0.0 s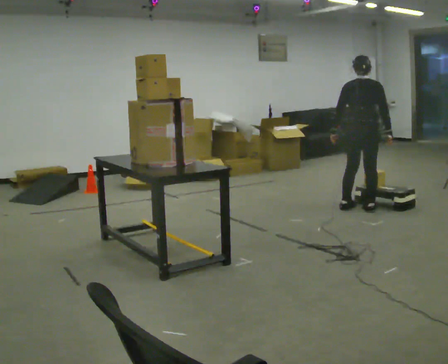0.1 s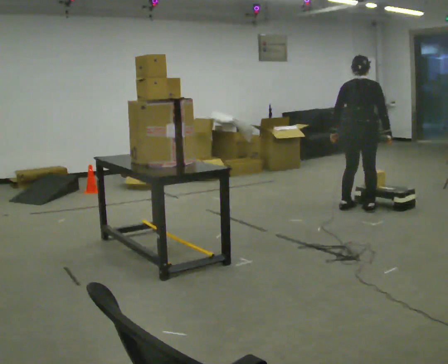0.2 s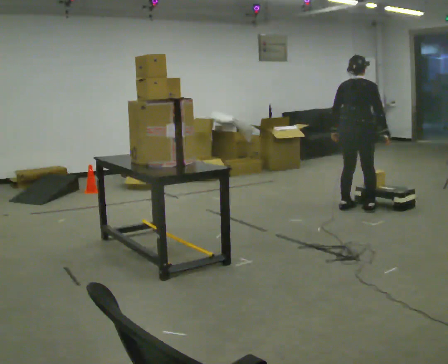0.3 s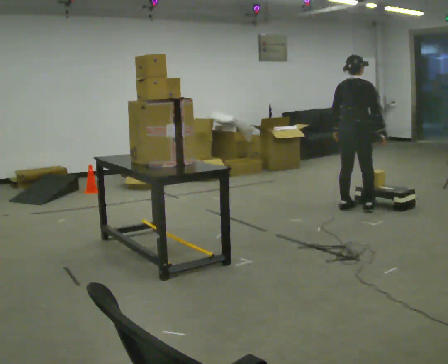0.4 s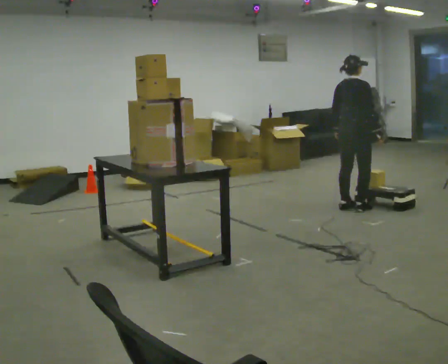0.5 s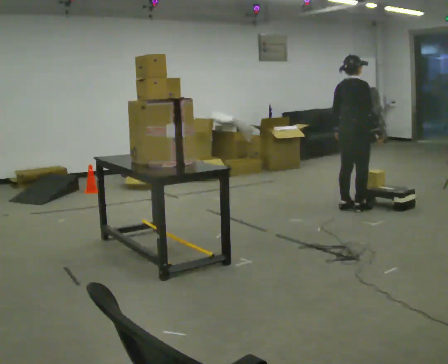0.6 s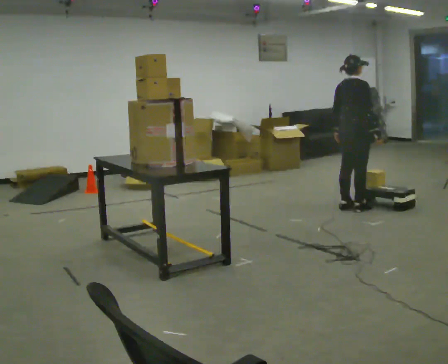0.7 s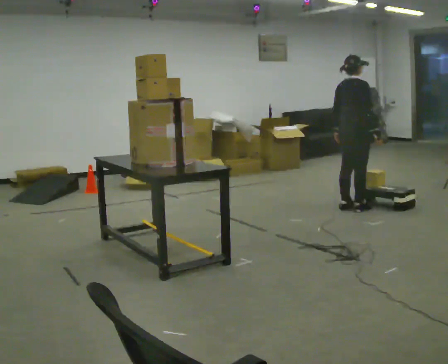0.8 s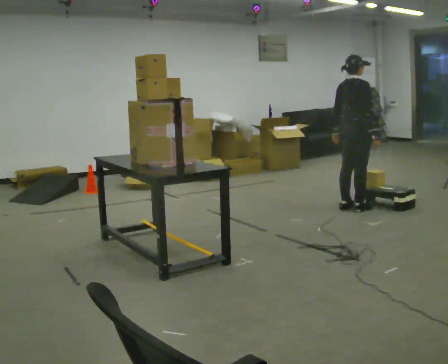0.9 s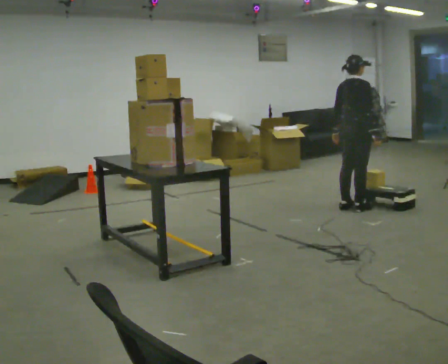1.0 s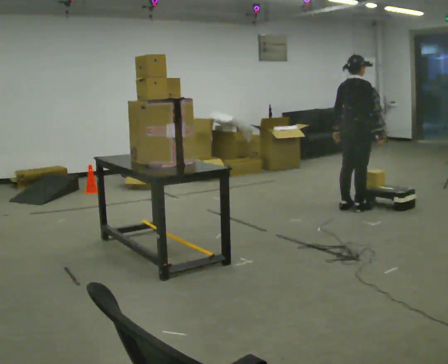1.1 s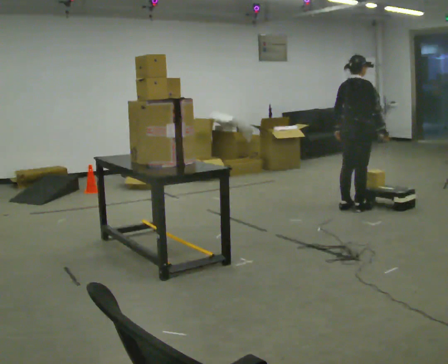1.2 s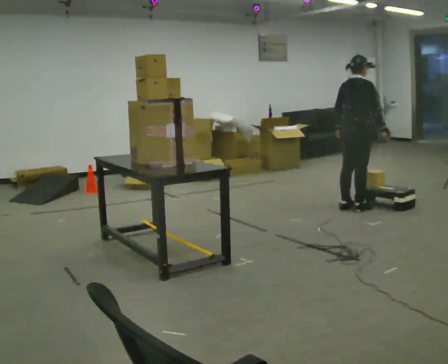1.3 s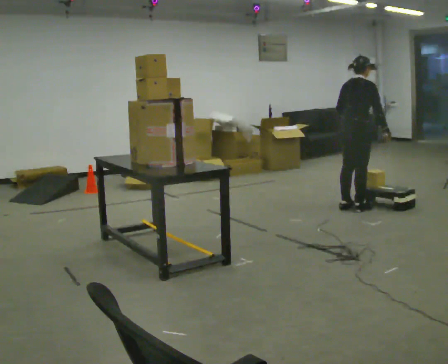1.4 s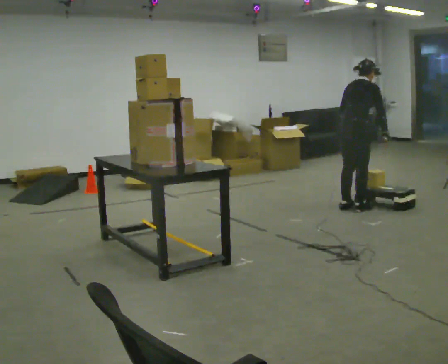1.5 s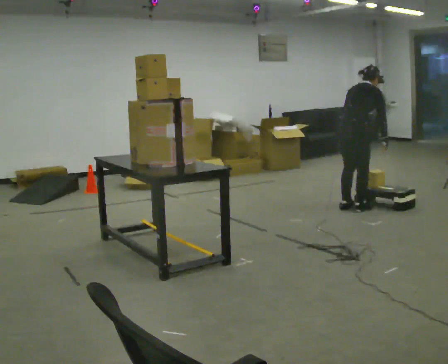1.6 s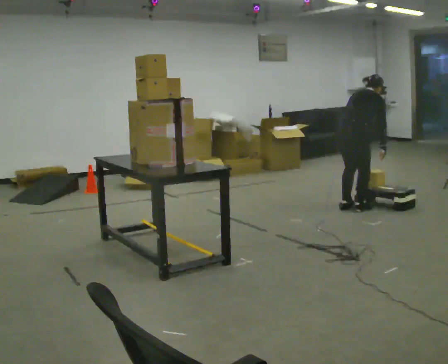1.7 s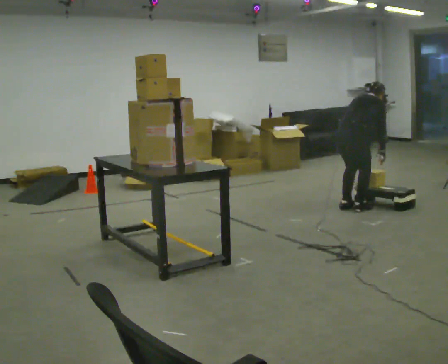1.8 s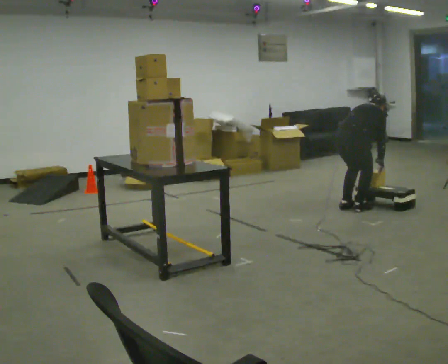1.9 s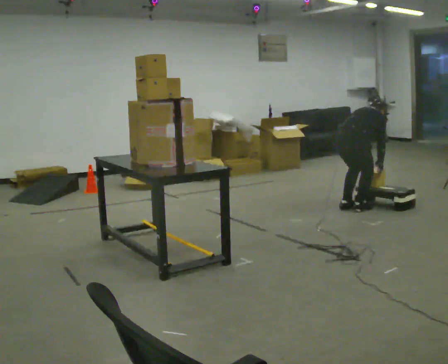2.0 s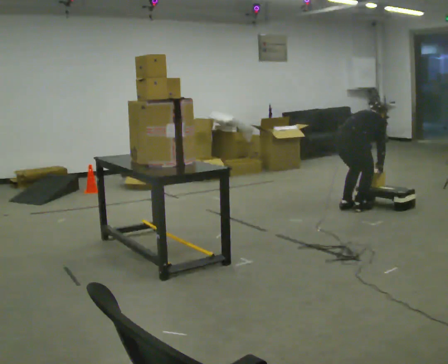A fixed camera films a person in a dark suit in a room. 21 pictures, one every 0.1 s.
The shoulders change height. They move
downward.
The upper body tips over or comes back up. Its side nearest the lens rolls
upward.
0.0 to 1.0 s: The part of the body nearest the lens slides to the left as the person turns to their right by about 45 degrees.
1.0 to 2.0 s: The upper body goes downward. The upper body tips away from the camera, its near side rolling upward, as they bend forward. In the picture their right hand goes downward.
The film runs backward here.
